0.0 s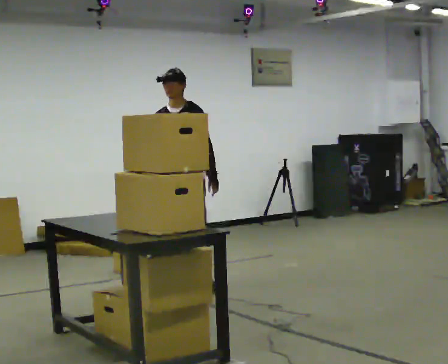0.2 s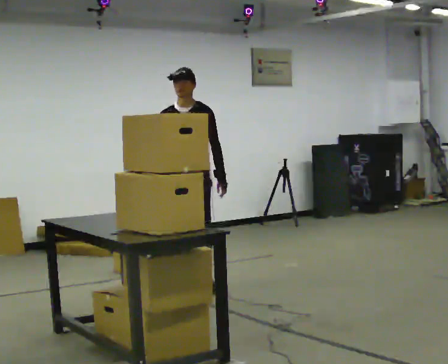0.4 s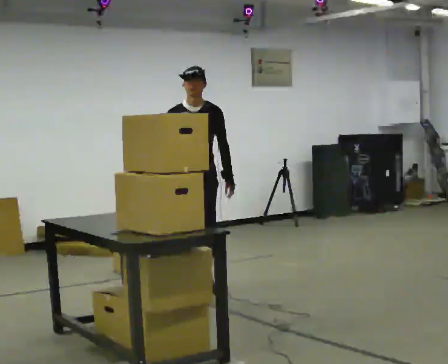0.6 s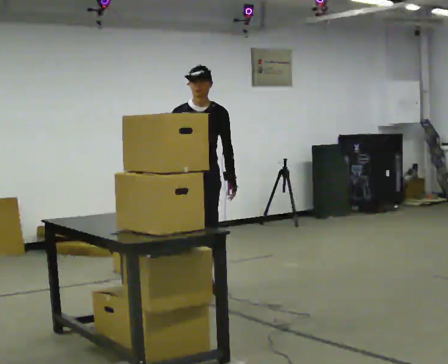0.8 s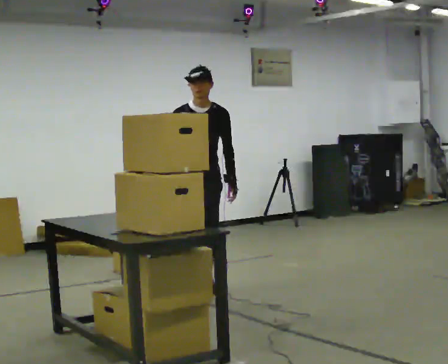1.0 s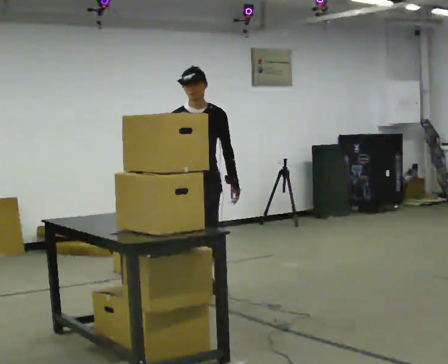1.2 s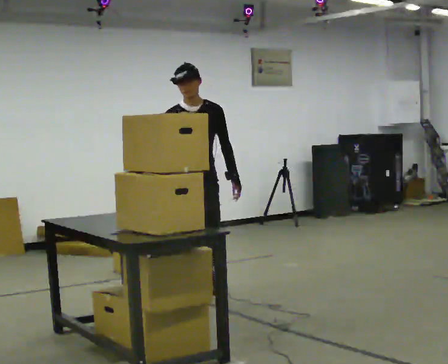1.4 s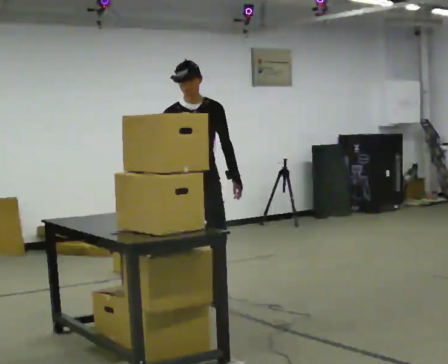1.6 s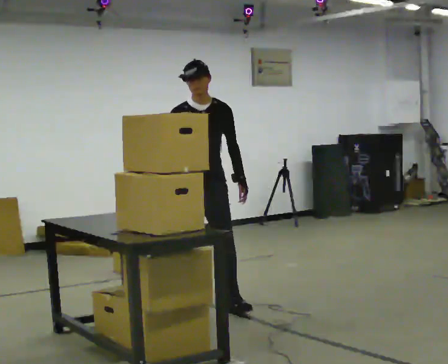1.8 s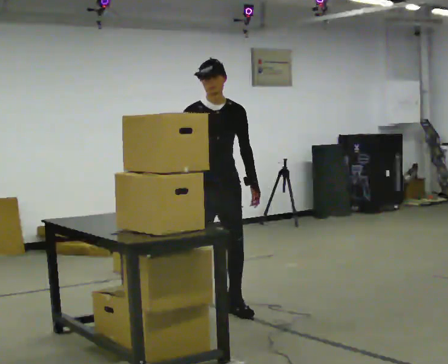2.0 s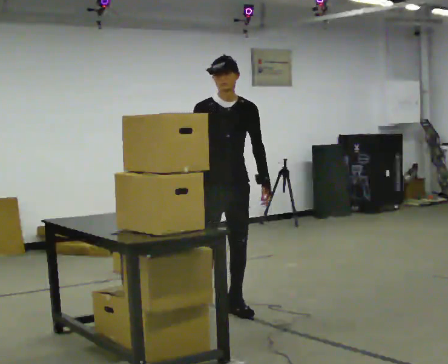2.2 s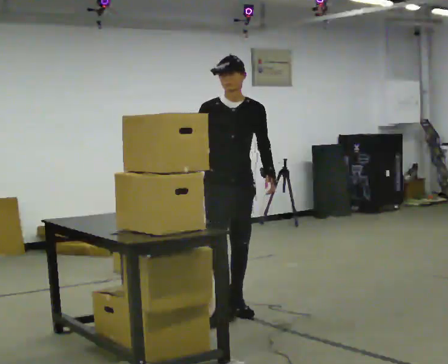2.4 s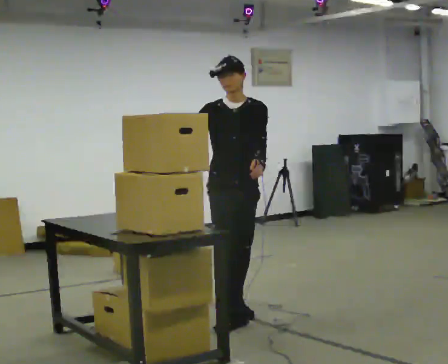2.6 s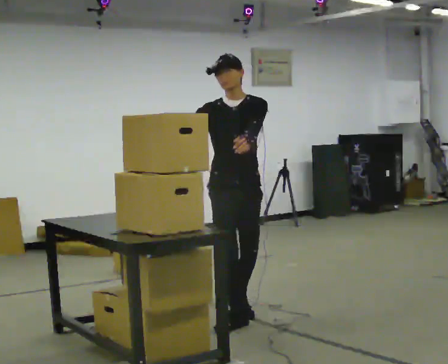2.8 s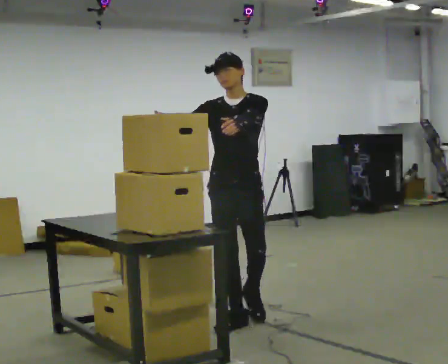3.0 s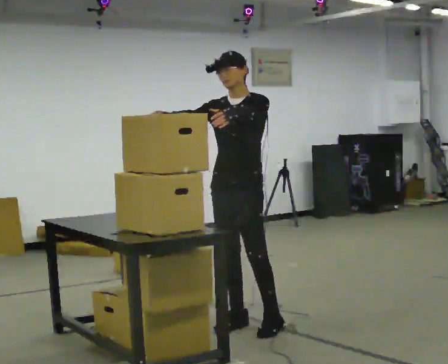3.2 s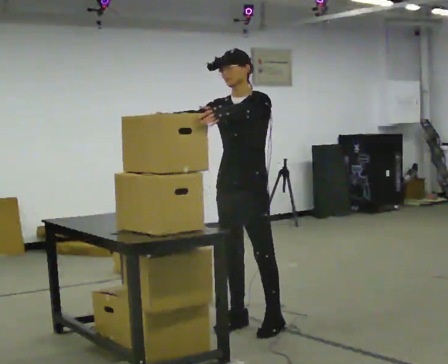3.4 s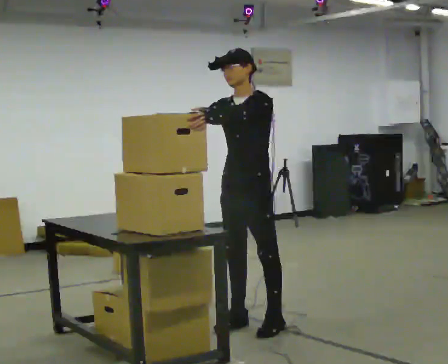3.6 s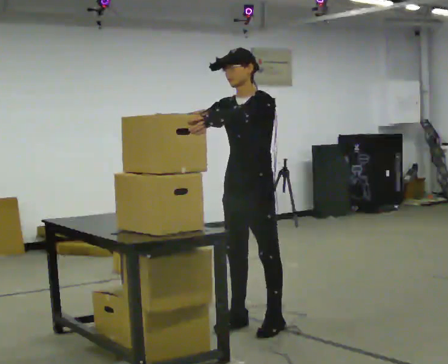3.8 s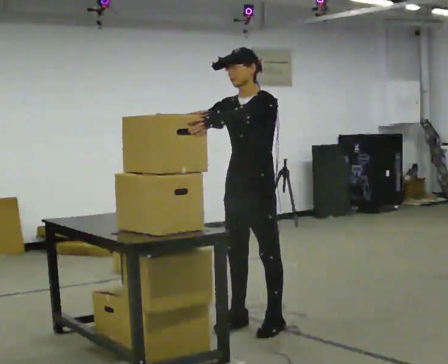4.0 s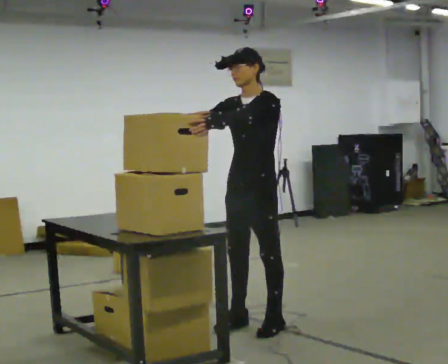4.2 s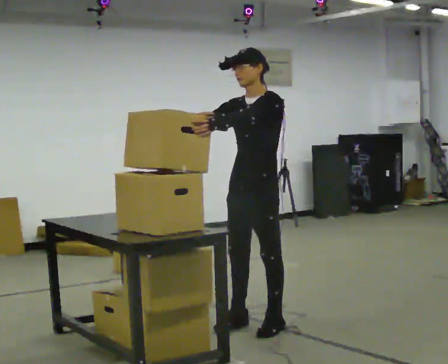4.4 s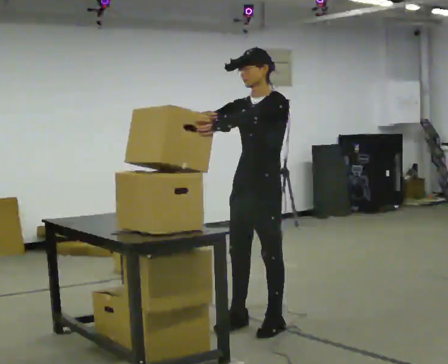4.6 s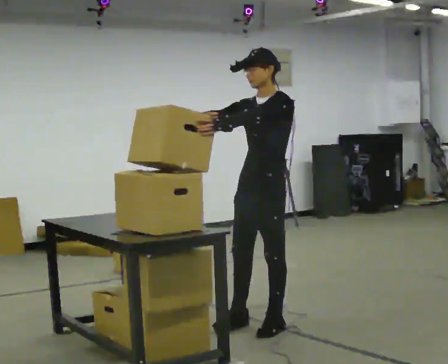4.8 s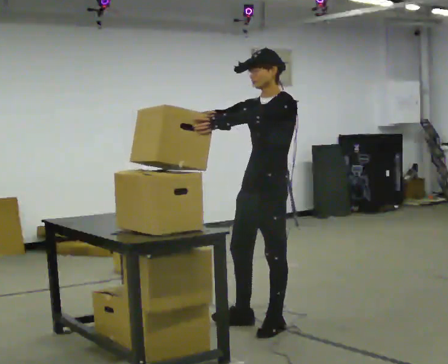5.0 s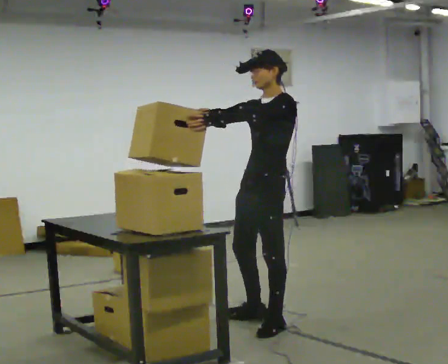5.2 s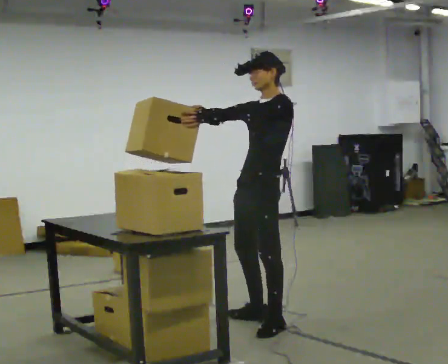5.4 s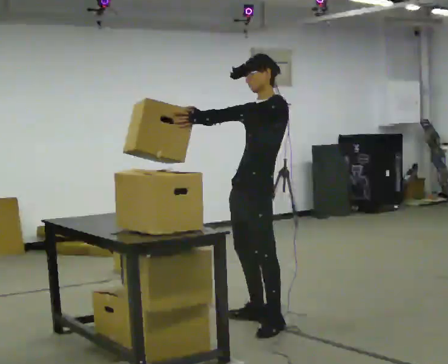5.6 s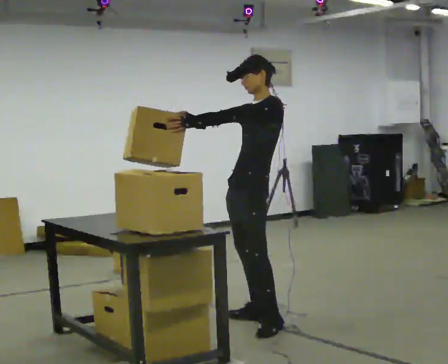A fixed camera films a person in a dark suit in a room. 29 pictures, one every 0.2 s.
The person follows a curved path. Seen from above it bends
counterclockwise.
0.0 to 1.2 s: The part of the body nearest the lens slides to the right as the person turns to their left by about 30 degrees. In the picture they go toward the camera, about 0.5 m in 1 step, which for them is forward.
1.2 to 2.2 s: In the picture they go toward the camera and to the right, about 0.5 m in 1 step, which for them is forward and to their left.
2.2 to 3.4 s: The part of the body nearest the lens slides to the left as the person turns to their right by about 45 degrees. In the picture they go toward the camera and to the right, about 0.5 m in 2 steps, which for them is forward and to their left. In the picture their left hand goes upward.
3.4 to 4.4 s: The person moves a little, or ends about where they began.
4.4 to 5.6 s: In the picture they go away from the camera, about 0.25 m in 1 step, which for them is to their right.
The film runs forward here.
